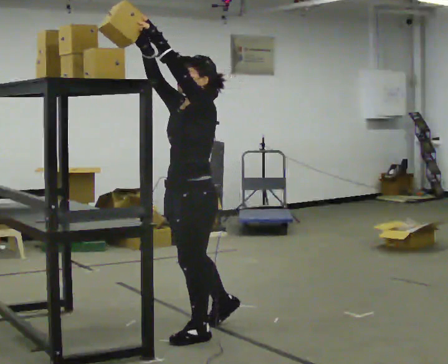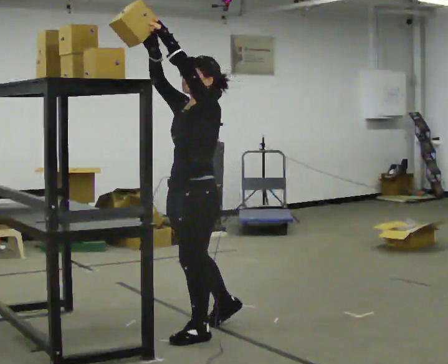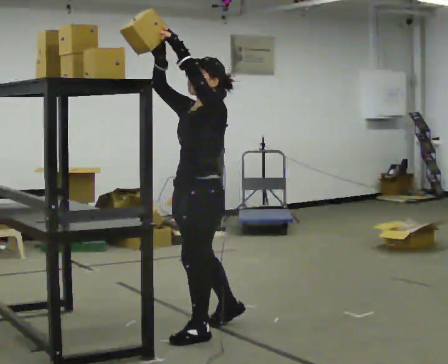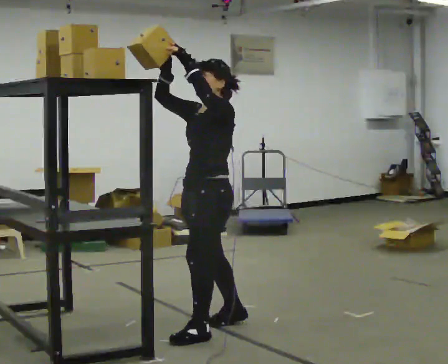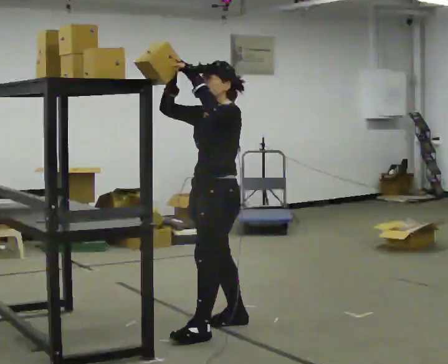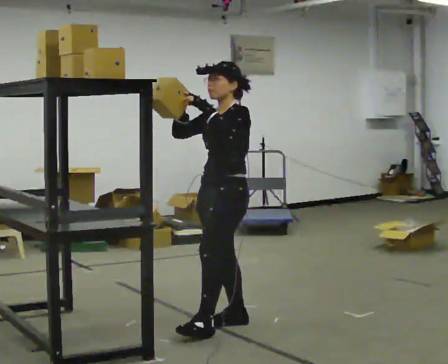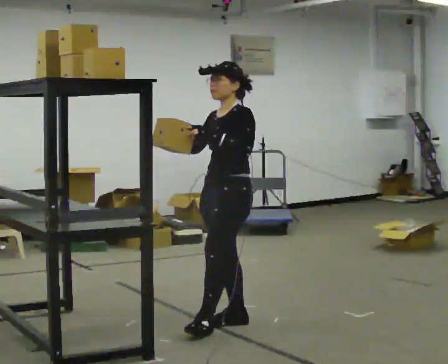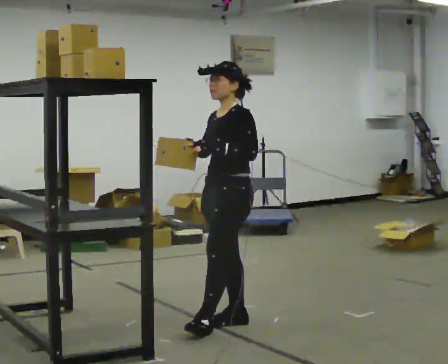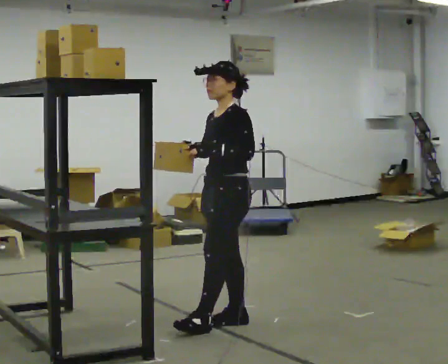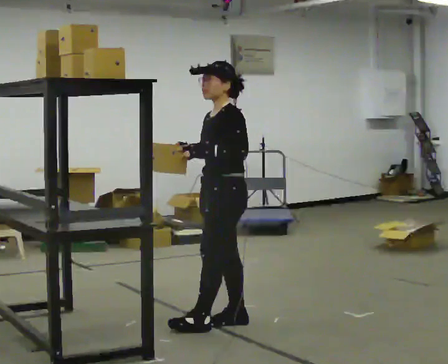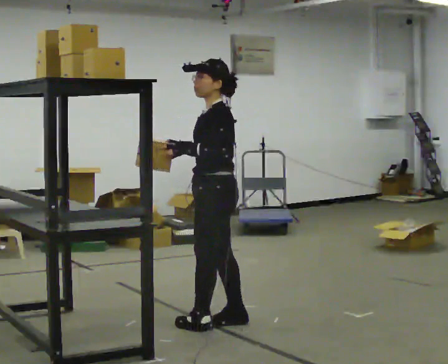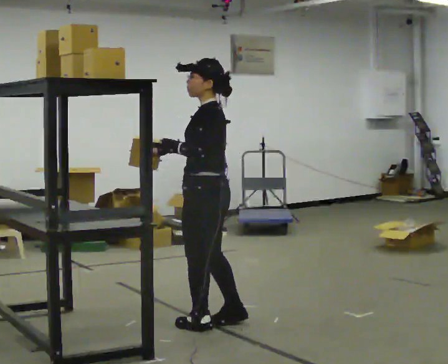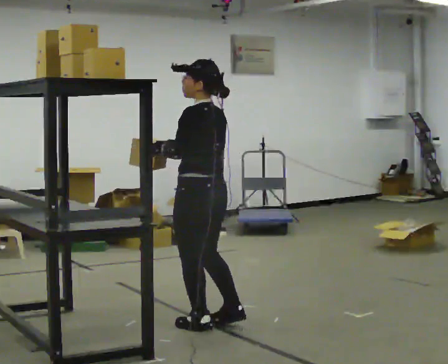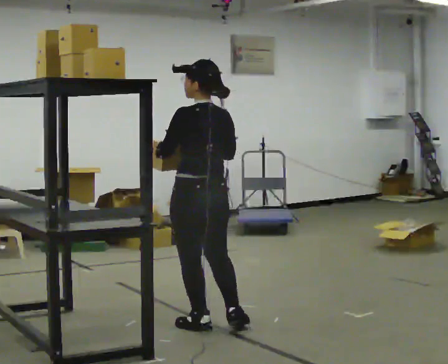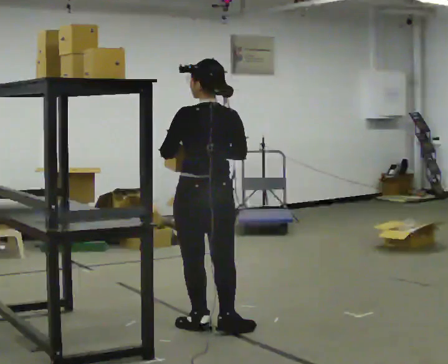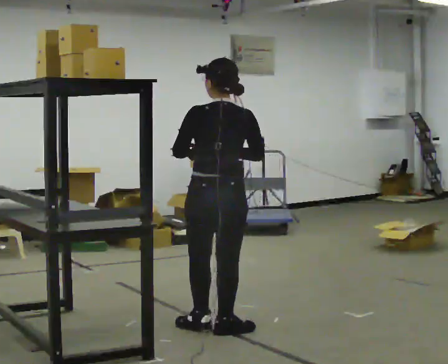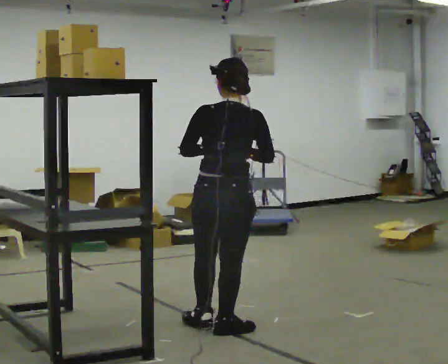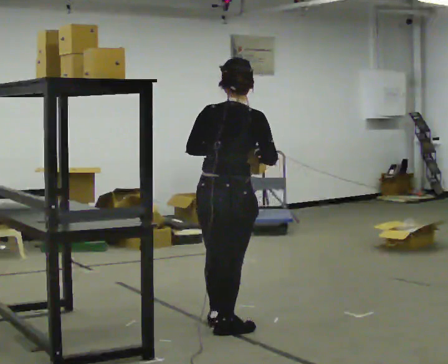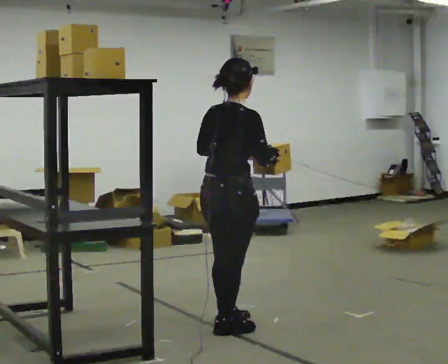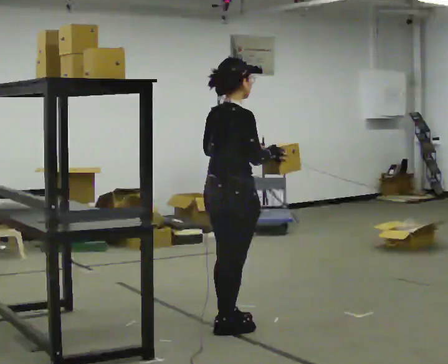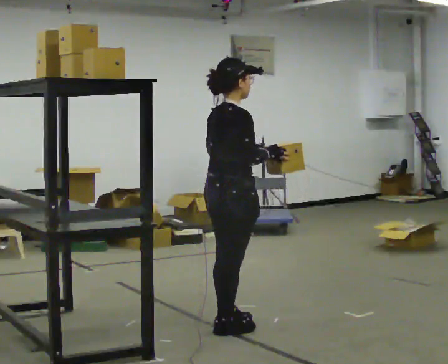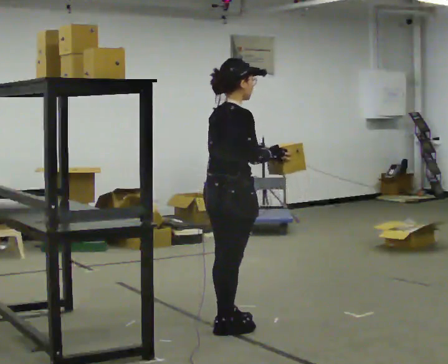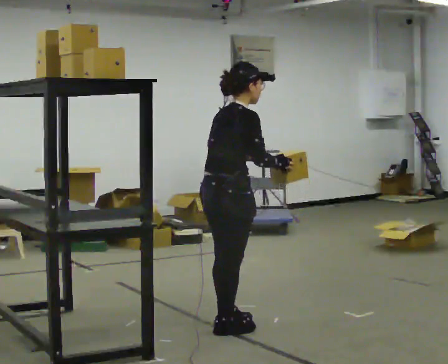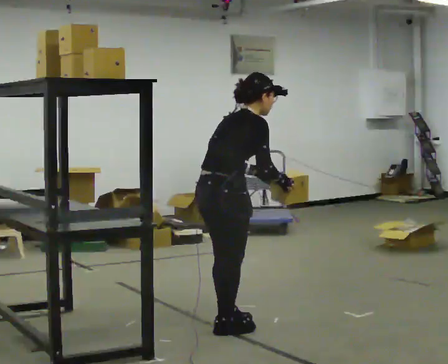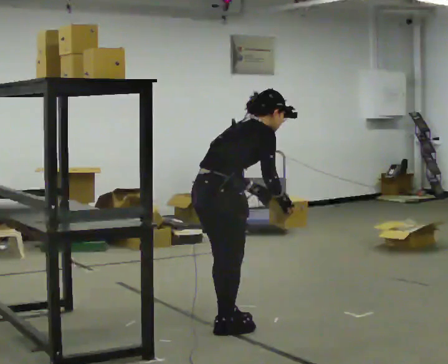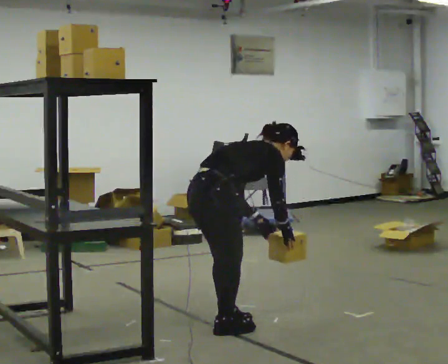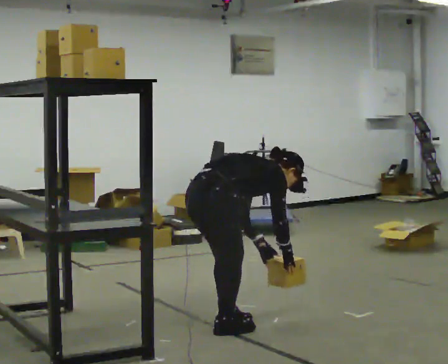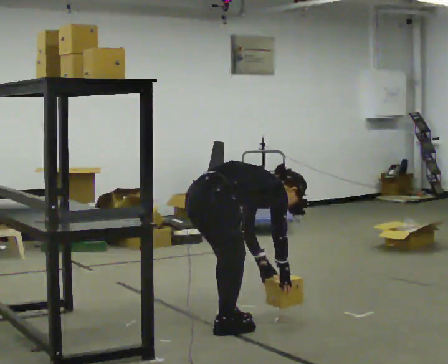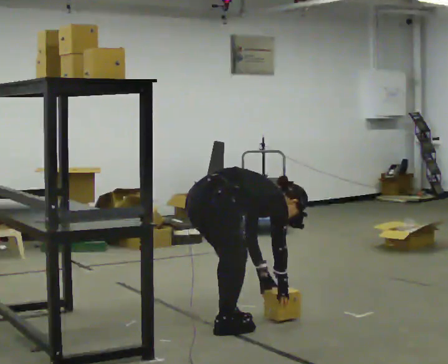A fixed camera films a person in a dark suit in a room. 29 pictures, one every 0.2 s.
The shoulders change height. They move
downward.
The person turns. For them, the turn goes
to their right.
0.0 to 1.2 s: In the picture they go away from the camera and to the right, about 0.5 m in 1 step, which for them is backward and to their right. In the picture their right hand goes downward.
1.2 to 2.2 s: Seen from above the body turns clockwise, about 45 degrees: to their right, with its near side sliding to the left.
2.2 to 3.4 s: The person turns about 105 degrees to their right, clockwise seen from above, so the part of the body nearest the lens slides to the left. In the picture they go toward the camera, about 0.25 m in 1 step.
3.4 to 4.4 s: The person turns about 30 degrees to their right, clockwise seen from above, so the part of the body nearest the lens slides to the left.
4.4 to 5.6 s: The upper body goes downward. In the picture the upper body tilts clockwise, shoulders to the right, as they bend forward. In the picture their left hand goes downward.
The film runs backward here.
